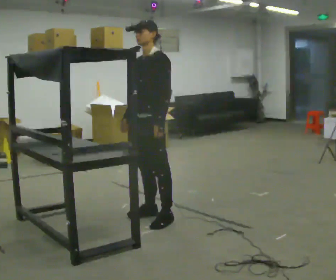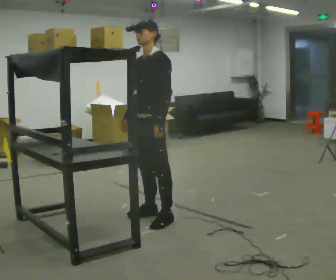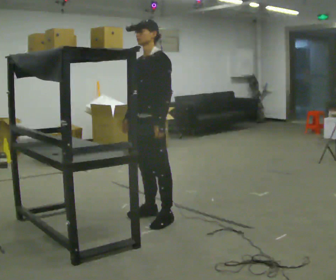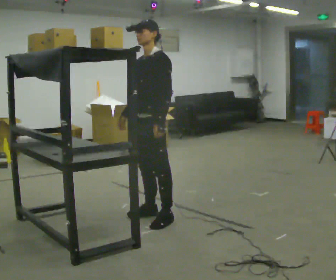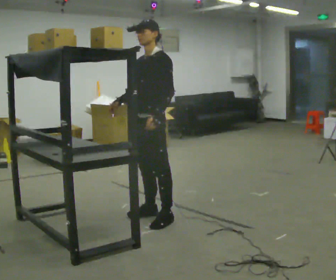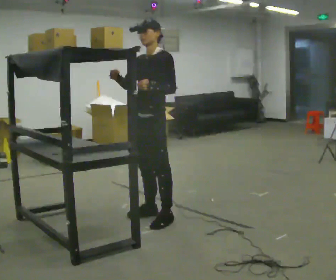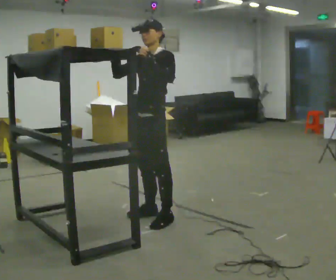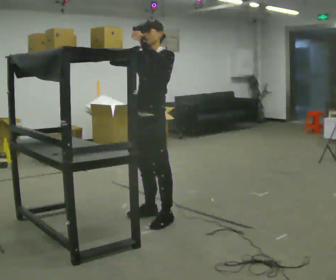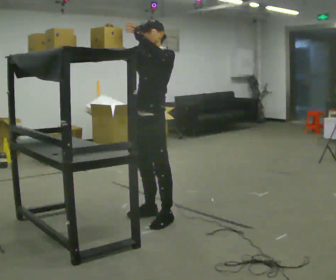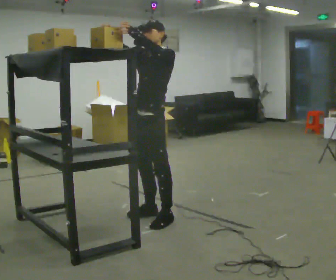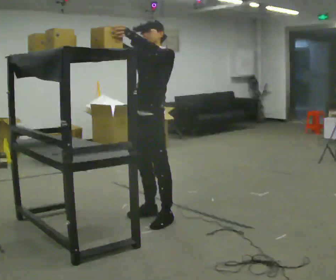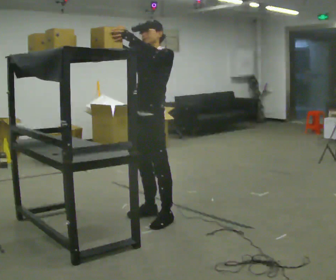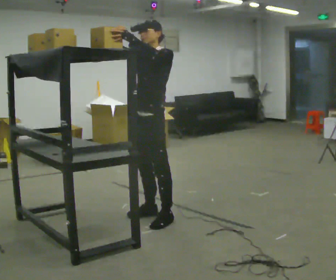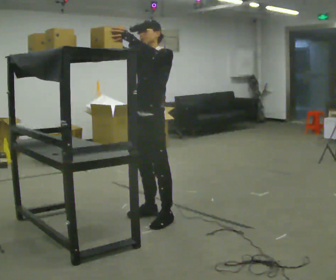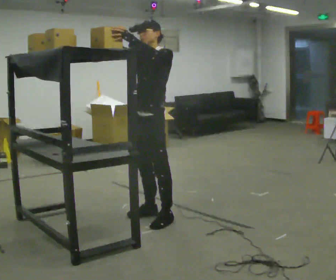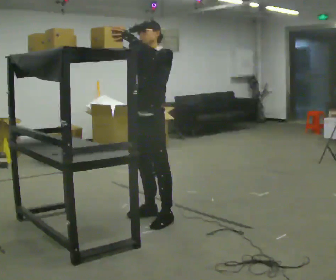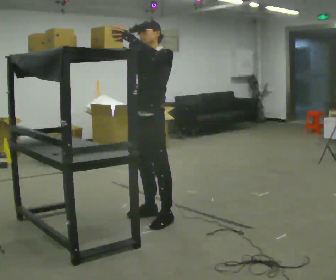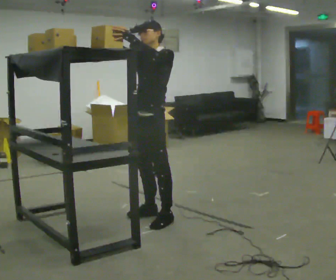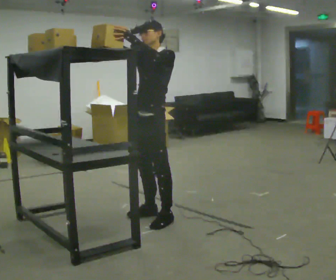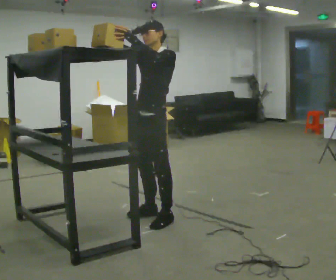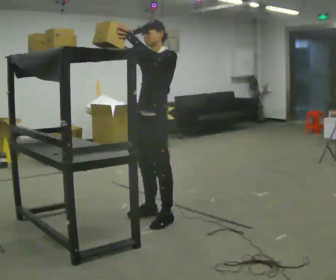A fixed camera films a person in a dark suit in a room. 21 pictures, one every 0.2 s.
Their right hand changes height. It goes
upward.
Their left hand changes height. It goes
upward.
0.0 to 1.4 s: In the picture their right hand goes upward, the arm swinging clockwise.
1.4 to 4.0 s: The person moves a little, or ends about where they began.
The film runs forward here.
